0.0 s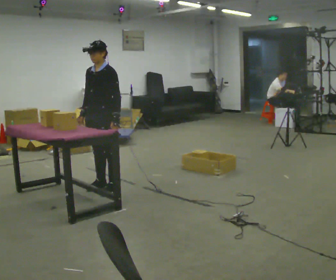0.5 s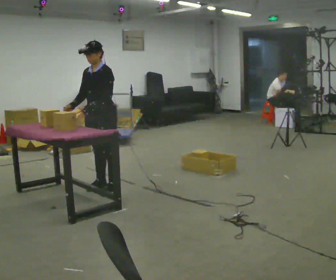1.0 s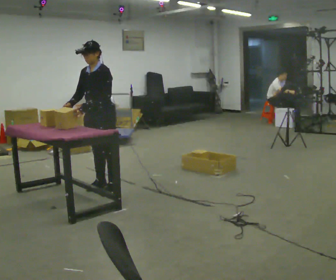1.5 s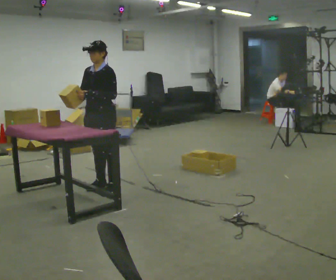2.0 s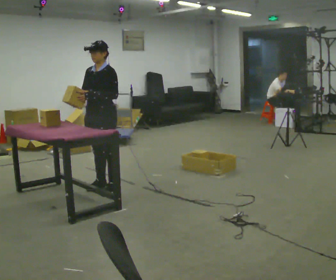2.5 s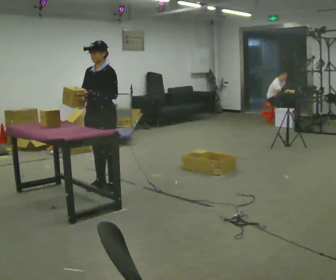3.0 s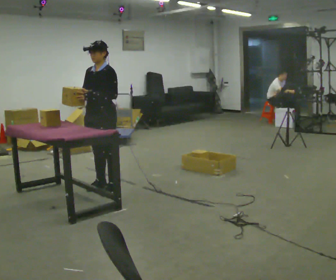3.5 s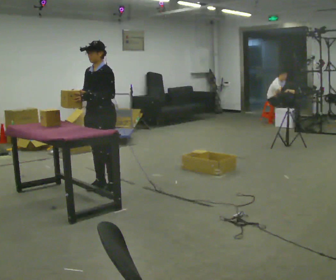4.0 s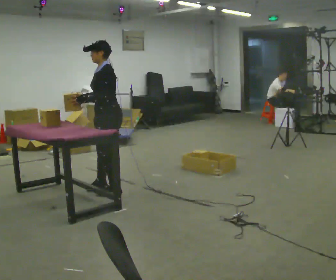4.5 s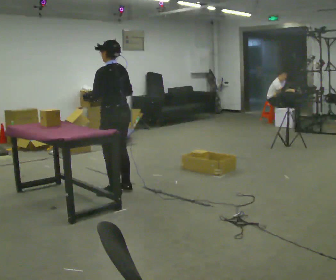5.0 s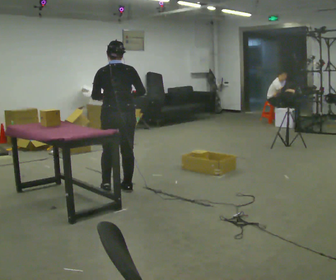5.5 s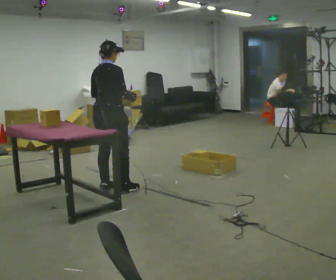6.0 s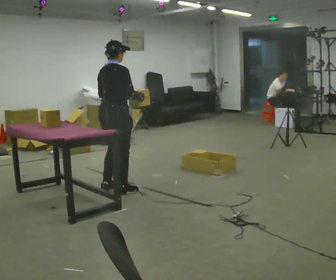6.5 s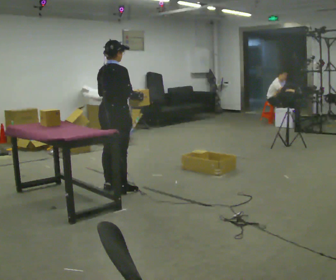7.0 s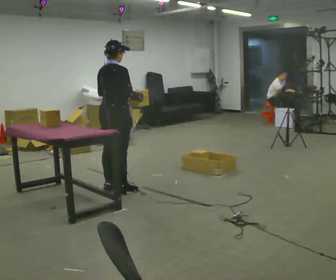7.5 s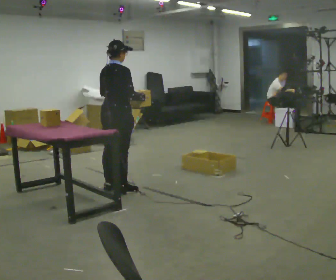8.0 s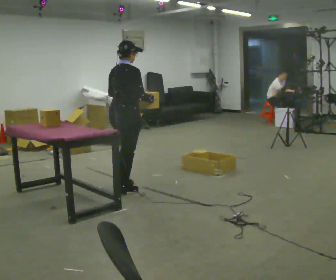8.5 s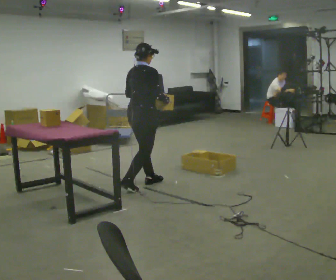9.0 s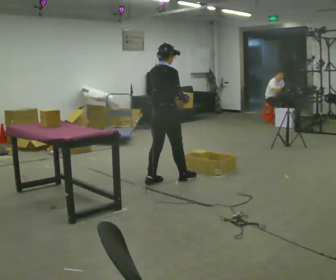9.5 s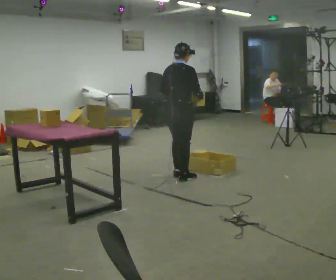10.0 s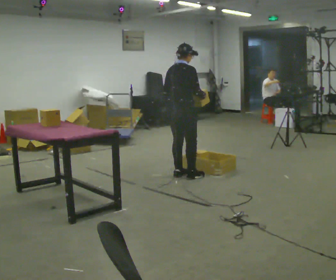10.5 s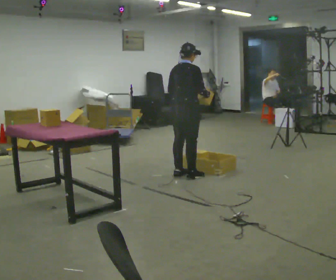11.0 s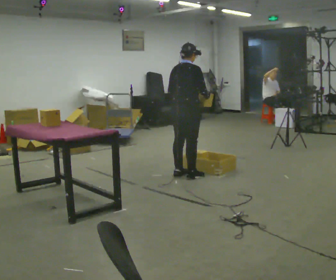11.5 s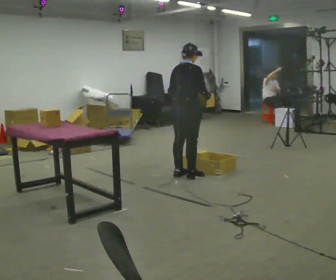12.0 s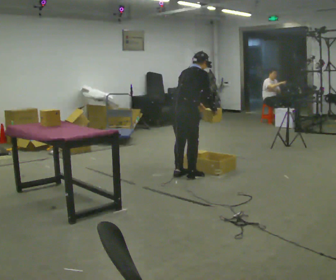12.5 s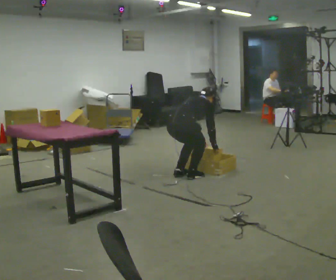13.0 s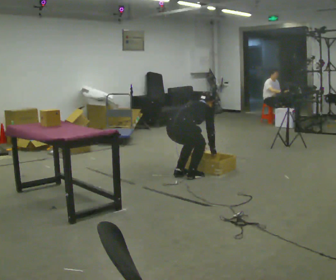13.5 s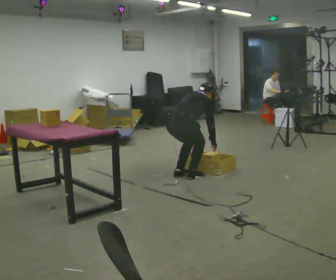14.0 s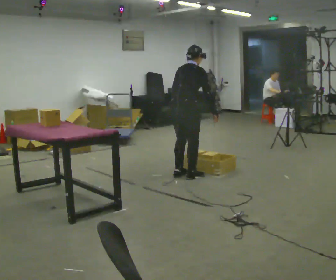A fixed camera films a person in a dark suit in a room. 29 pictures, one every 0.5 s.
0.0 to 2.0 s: The person moves a little, or ends about where they began.
2.0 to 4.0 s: The part of the body nearest the lens slides to the left as the person turns to their right by about 30 degrees.
4.0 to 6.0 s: The person turns about 150 degrees to their right, clockwise seen from above, so the part of the body nearest the lens slides to the left. In the picture their left hand goes to the right.
6.0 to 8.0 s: The person moves a little, or ends about where they began.
8.0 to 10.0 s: In the picture they go to the right and away from the camera, about 1 m in 3 steps, which for them is forward.
10.0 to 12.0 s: In the picture the upper body tilts clockwise, shoulders to the right, as they bend forward.
12.0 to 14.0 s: The person moves a little, or ends about where they began.
The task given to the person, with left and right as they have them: Carry the object across the room and place it on the lowest shelf, crouching down to do it. Keep going until the operator says stop; one object at a time, and do not rush between trips.
The film runs forward here.
